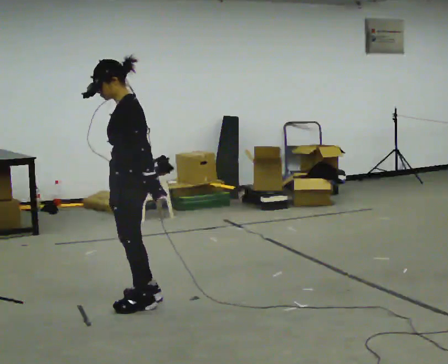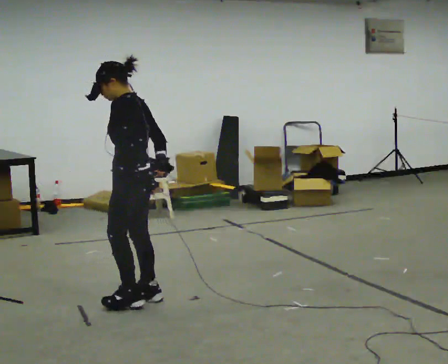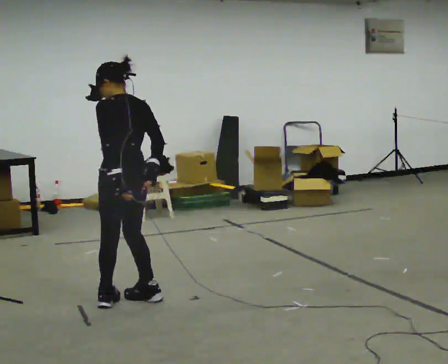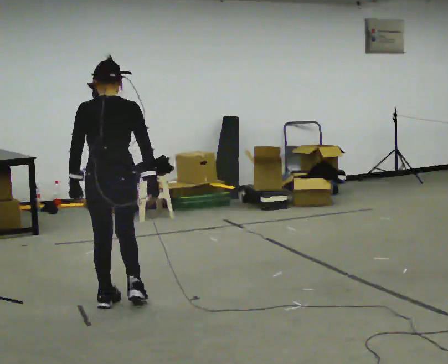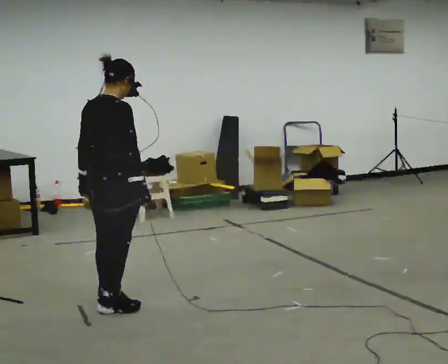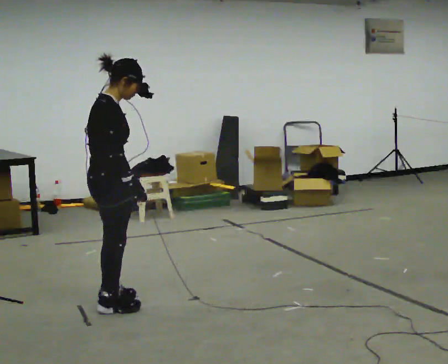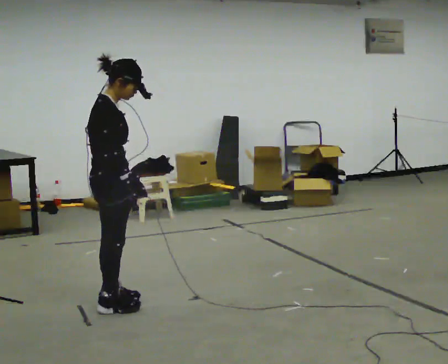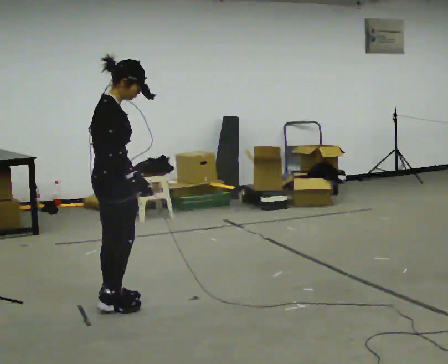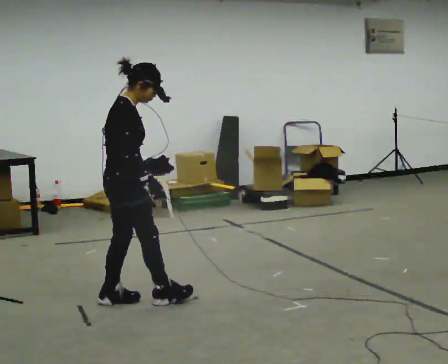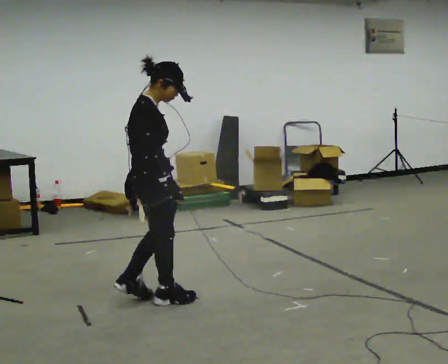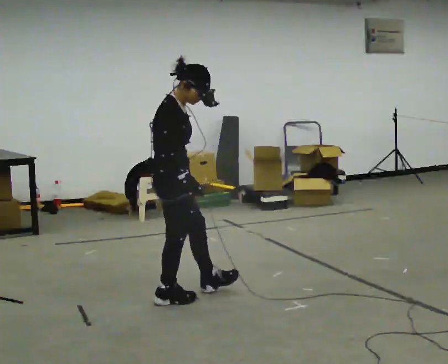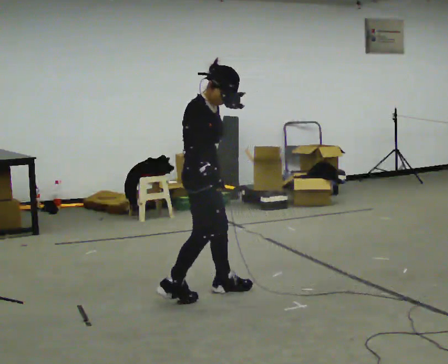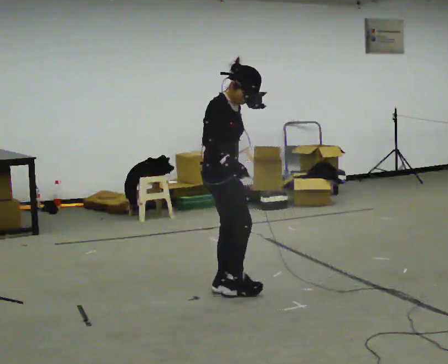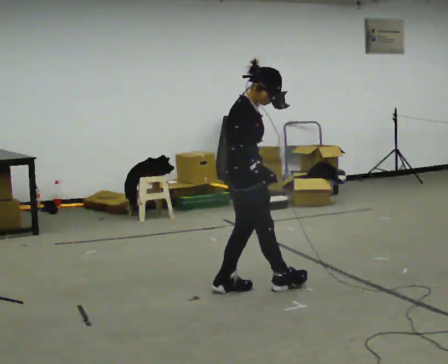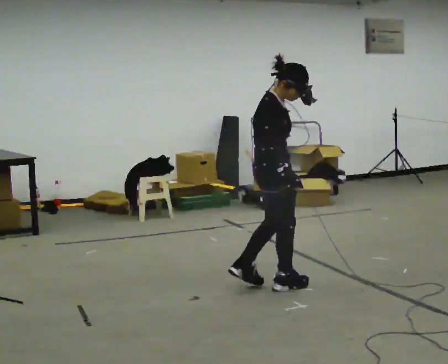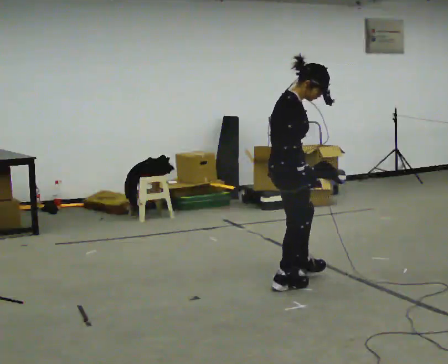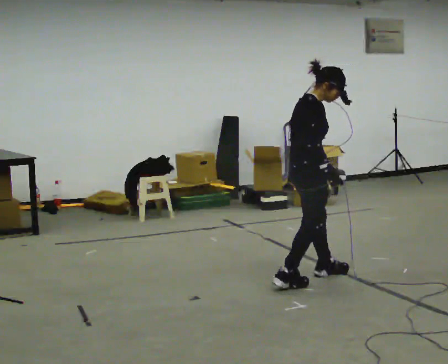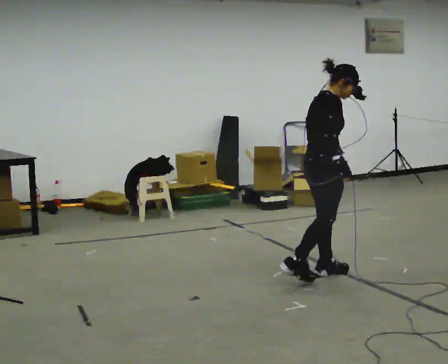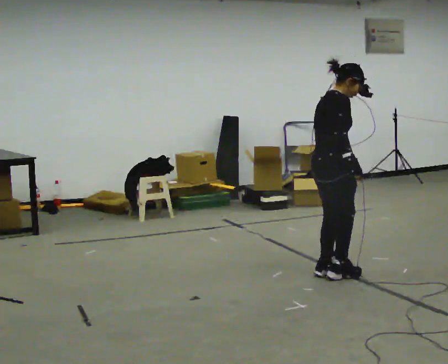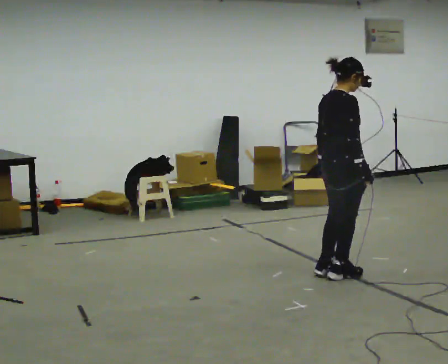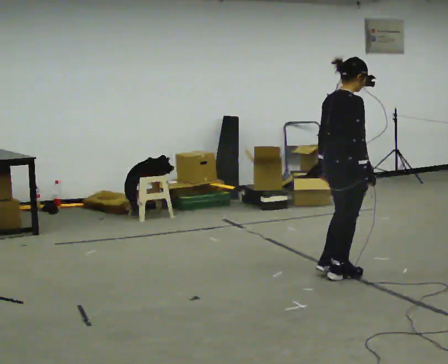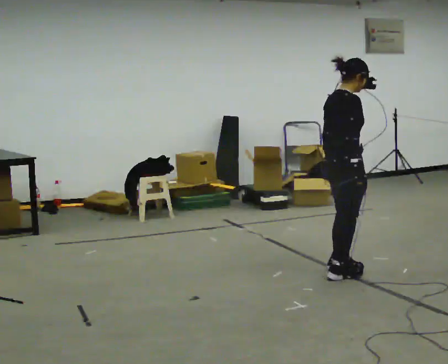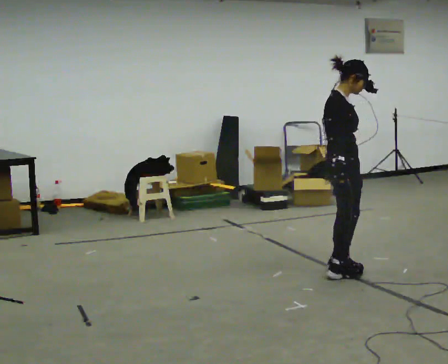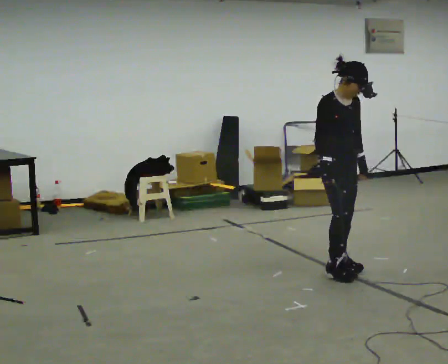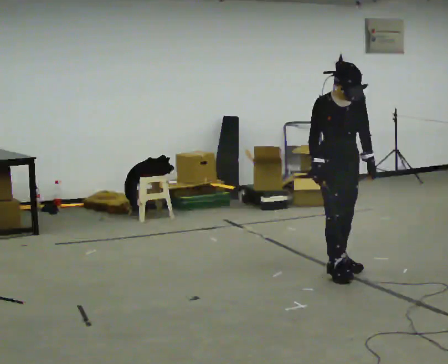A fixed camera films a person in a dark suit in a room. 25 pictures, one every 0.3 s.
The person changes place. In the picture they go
to the right.
0.0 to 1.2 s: The person turns about 135 degrees to their right, clockwise seen from above, so the part of the body nearest the lens slides to the left. In the picture their left hand goes to the left.
1.2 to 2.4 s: The person turns about 45 degrees to their right, clockwise seen from above, so the part of the body nearest the lens slides to the left.
2.4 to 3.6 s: Seen from above the body turns clockwise, about 30 degrees: to their right, with its near side sliding to the left. In the picture they go to the right, about 0.75 m in 2 steps, which for them is forward.
3.6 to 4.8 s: In the picture they go to the right, about 0.5 m in 1 step, which for them is forward.
4.8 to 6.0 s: In the picture they go to the right, about 0.25 m in 1 step, which for them is forward.
6.0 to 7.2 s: The part of the body nearest the lens slides to the left as the person turns to their right by about 90 degrees. In the picture their left hand goes to the right.
The film runs backward here.
